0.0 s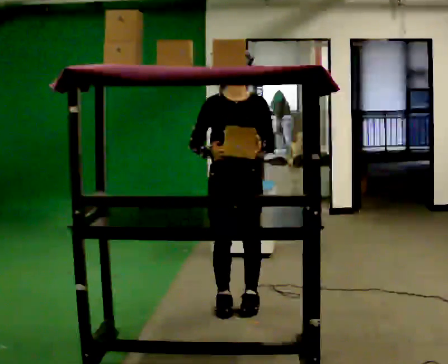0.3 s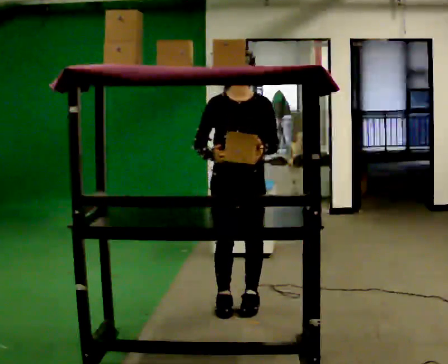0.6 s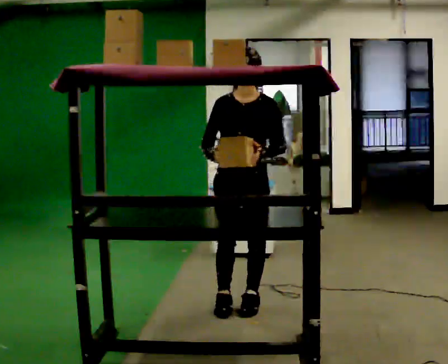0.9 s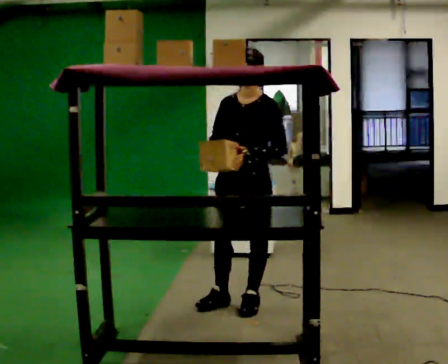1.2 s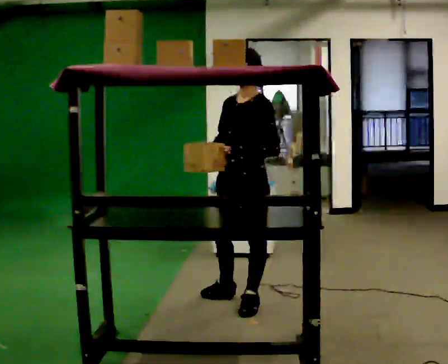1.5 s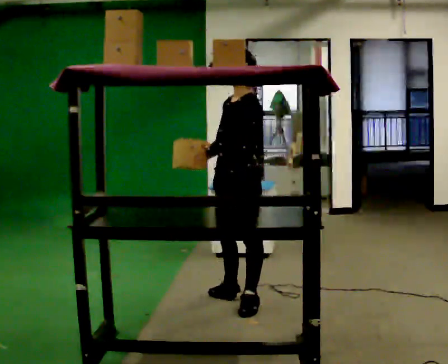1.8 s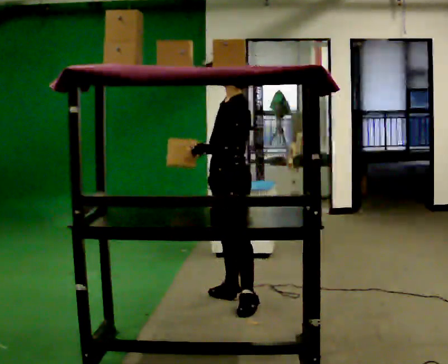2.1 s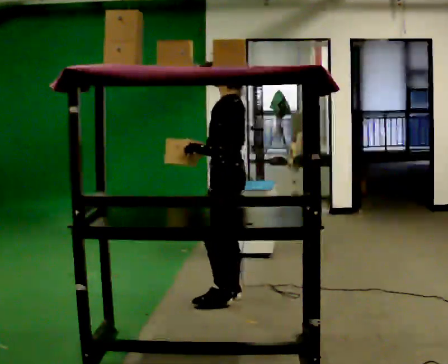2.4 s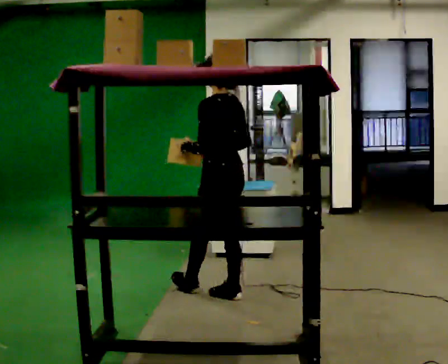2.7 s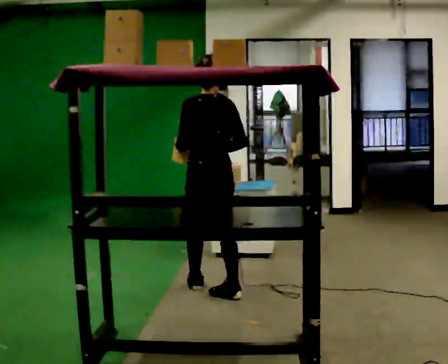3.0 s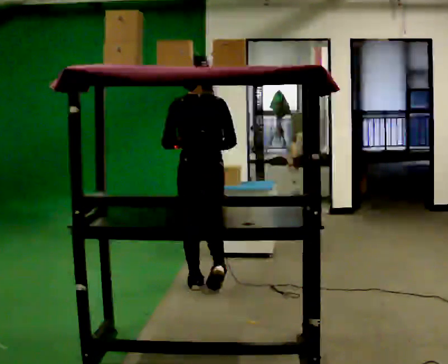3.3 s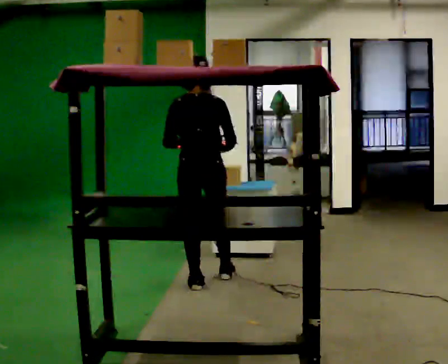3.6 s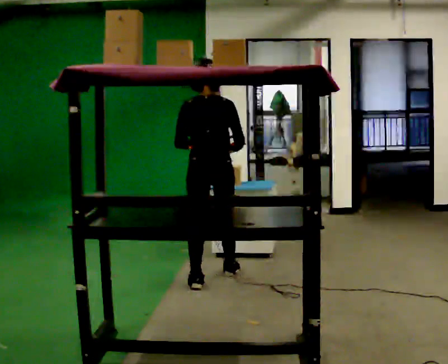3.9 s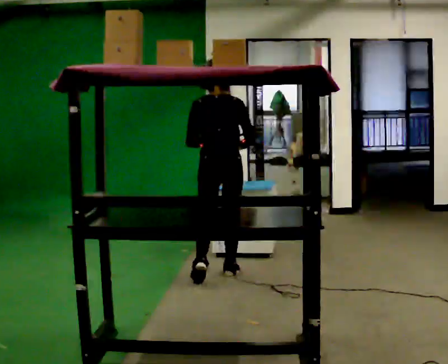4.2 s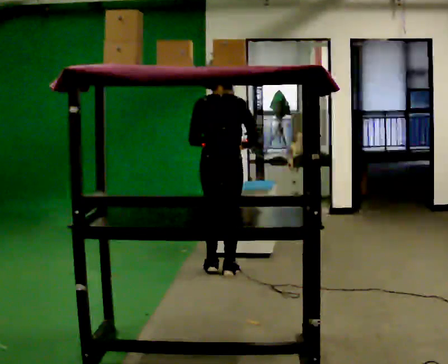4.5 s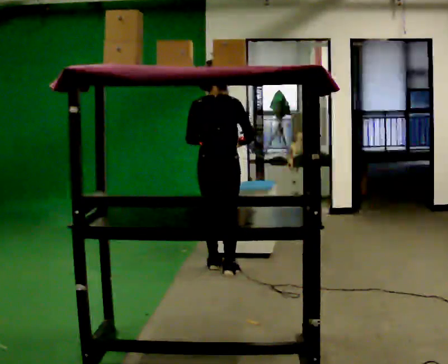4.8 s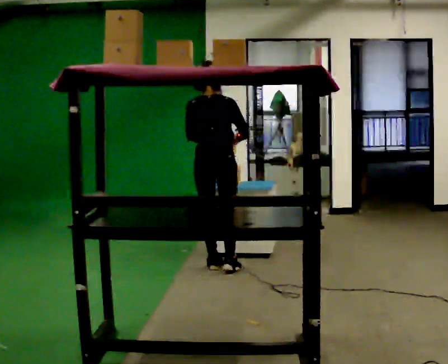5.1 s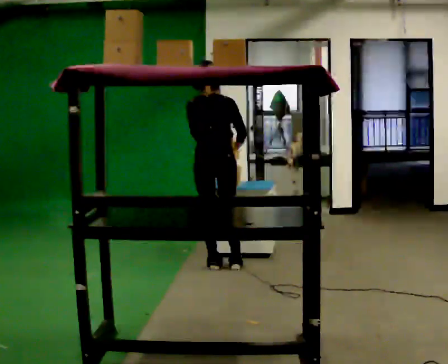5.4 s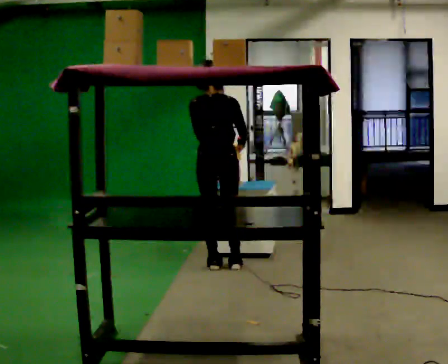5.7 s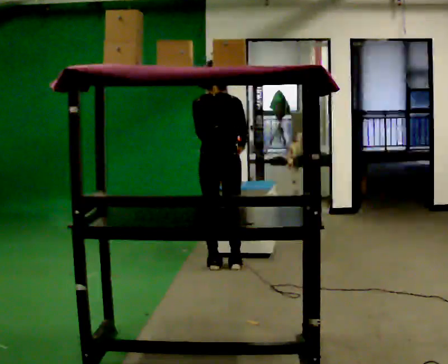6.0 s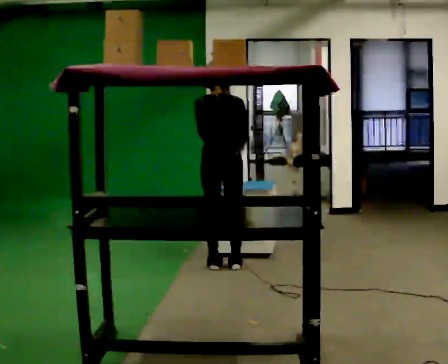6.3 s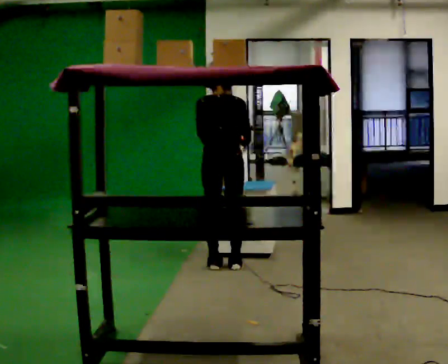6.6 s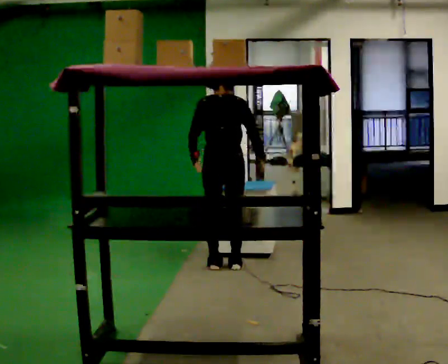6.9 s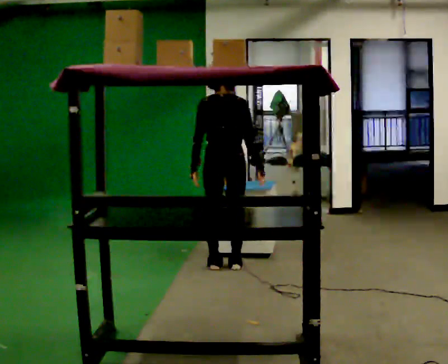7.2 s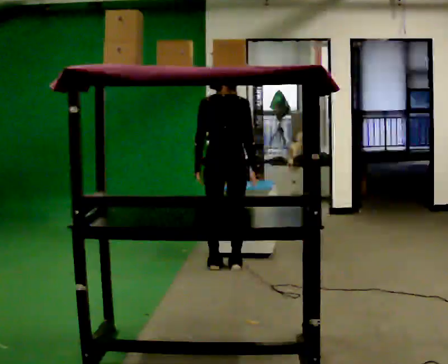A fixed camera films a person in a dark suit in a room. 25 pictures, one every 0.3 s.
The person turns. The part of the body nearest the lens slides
to the left.
The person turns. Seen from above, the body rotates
clockwise.
0.0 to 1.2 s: Seen from above the body turns clockwise, about 45 degrees: to their right, with its near side sliding to the left.
1.2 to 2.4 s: The part of the body nearest the lens slides to the left as the person turns to their right by about 75 degrees. In the picture they go away from the camera, about 0.25 m in 1 step.
2.4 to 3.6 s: The part of the body nearest the lens slides to the left as the person turns to their right by about 60 degrees. In the picture they go away from the camera, about 0.5 m in 2 steps, which for them is forward.
3.6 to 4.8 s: In the picture they go away from the camera, about 0.25 m in 1 step, which for them is forward.
4.8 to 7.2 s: The person moves a little, or ends about where they began.
The film runs forward here.
